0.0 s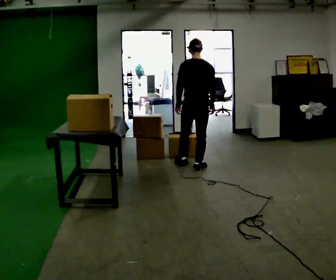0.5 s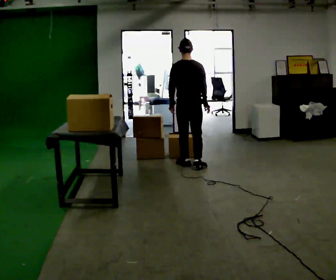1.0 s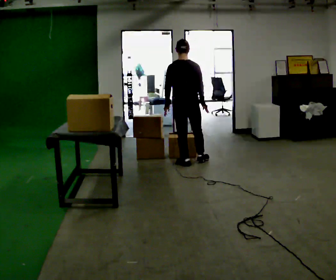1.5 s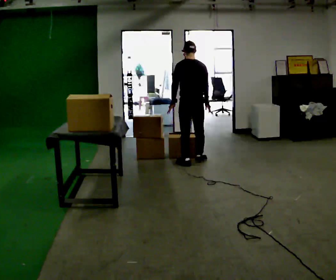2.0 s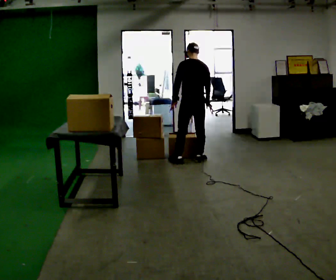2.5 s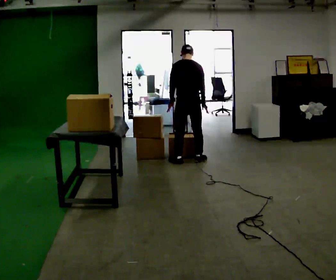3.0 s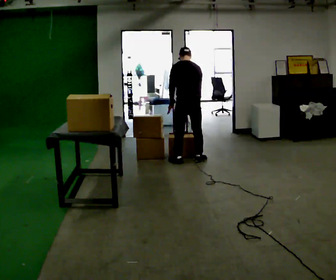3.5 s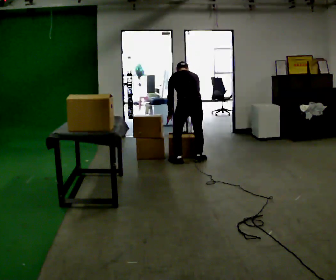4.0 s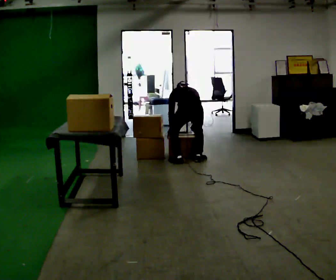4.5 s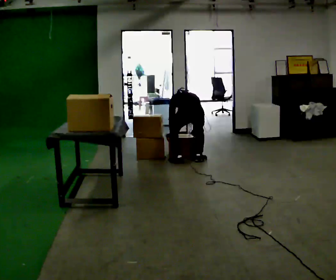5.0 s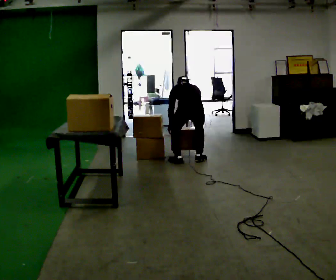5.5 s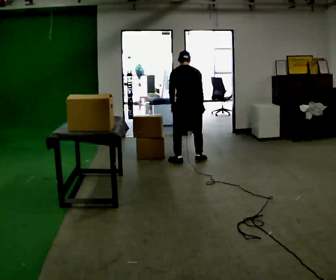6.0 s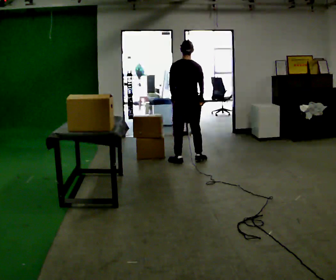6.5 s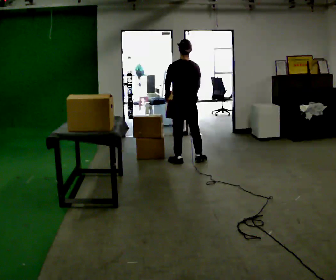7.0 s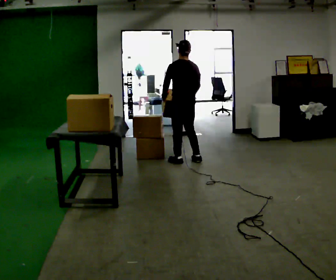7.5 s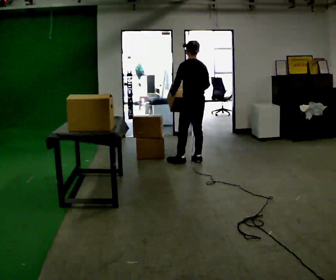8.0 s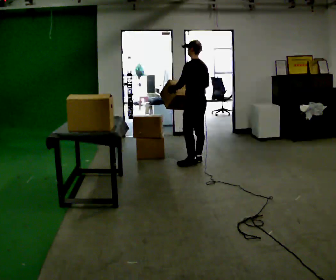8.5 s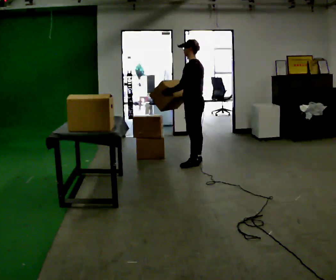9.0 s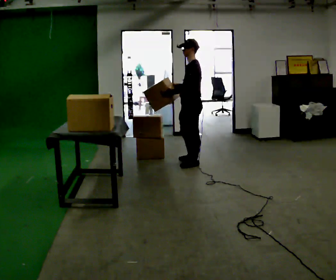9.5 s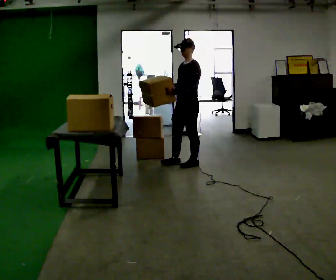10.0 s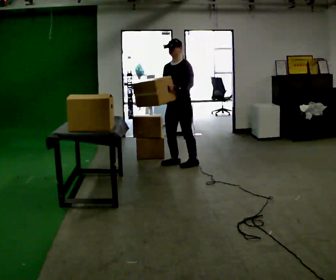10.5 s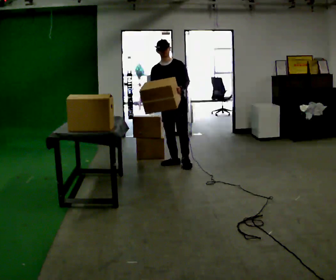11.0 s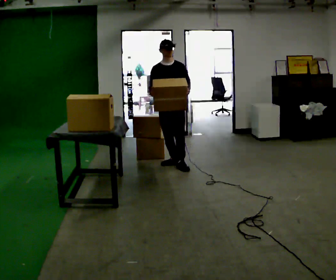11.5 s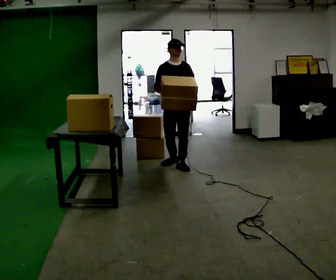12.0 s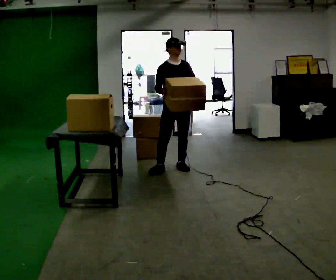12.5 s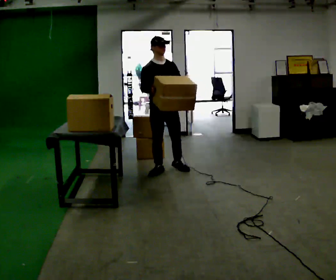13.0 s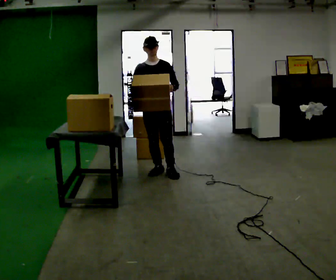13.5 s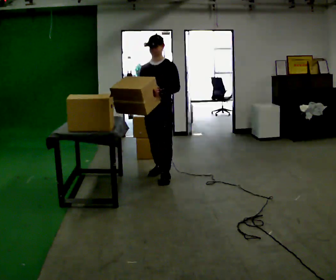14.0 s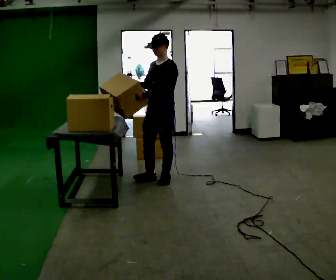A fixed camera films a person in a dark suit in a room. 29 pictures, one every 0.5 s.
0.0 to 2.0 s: In the picture they go away from the camera, about 0.25 m in 2 steps, which for them is forward.
2.0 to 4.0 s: The upper body goes downward. The upper body tips away from the camera, its near side rolling upward, as they bend forward. In the picture their right hand goes downward.
4.0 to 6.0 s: In the picture they go away from the camera, about 0.25 m, which for them is forward. The shoulders move upward. The upper body tips toward the camera, its near side rolling downward, as they lean back or straighten. In the picture their right hand goes upward.
6.0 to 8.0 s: Seen from above the body turns counterclockwise, about 45 degrees: to their left, with its near side sliding to the right.
8.0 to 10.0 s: The part of the body nearest the lens slides to the right as the person turns to their left by about 90 degrees. In the picture they go to the left, about 0.25 m in 1 step.
10.0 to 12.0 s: Seen from above the body turns counterclockwise, about 45 degrees: to their left, with its near side sliding to the right. In the picture they go toward the camera, about 0.25 m in 1 step, which for them is forward.
12.0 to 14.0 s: The person turns about 60 degrees to their right, clockwise seen from above, so the part of the body nearest the lens slides to the left. In the picture they go toward the camera, about 0.5 m in 3 steps.
The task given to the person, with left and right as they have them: Bring the boxes over one at a time and stack them on top of each other, walking back for each one. Keep going until the operator says stop; one object at a time, and do not rush between trips.
The film runs forward here.
